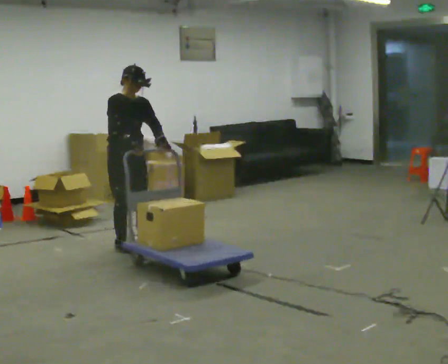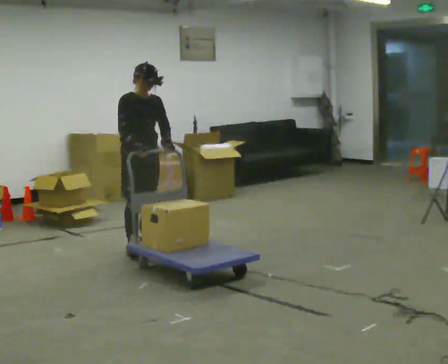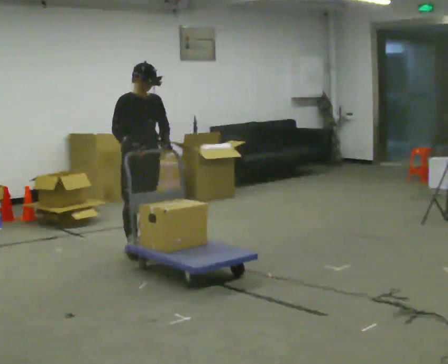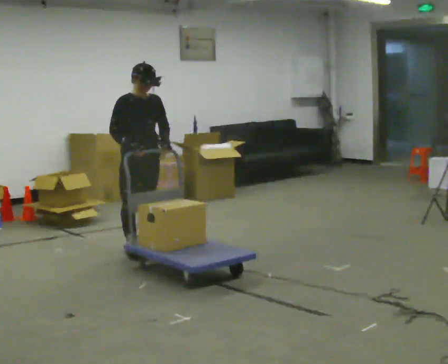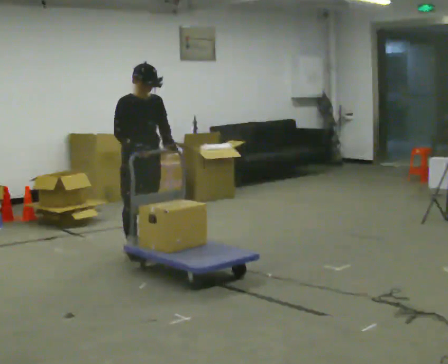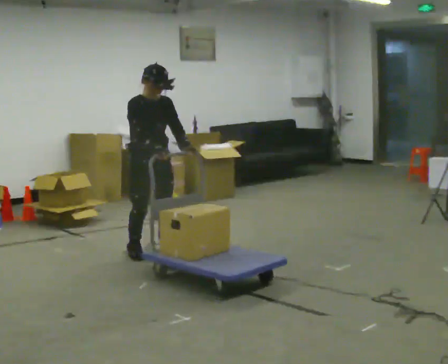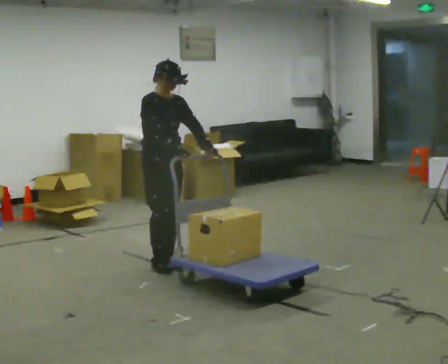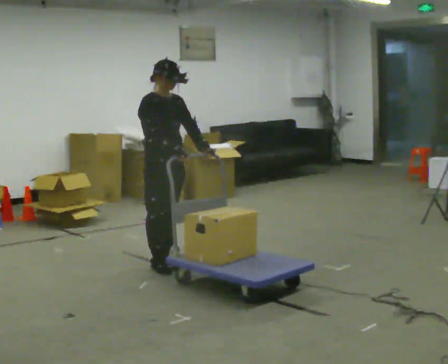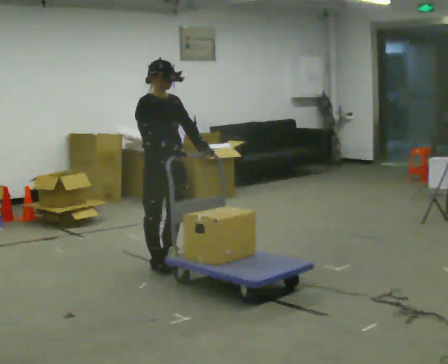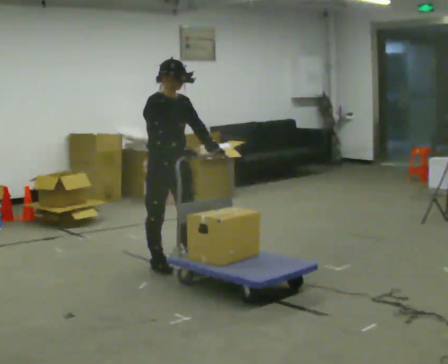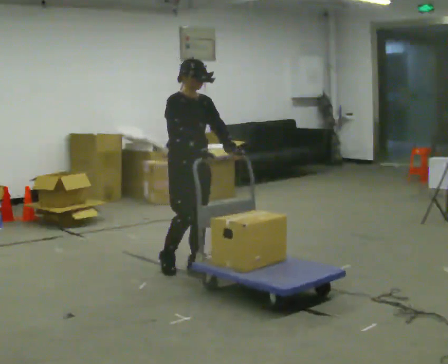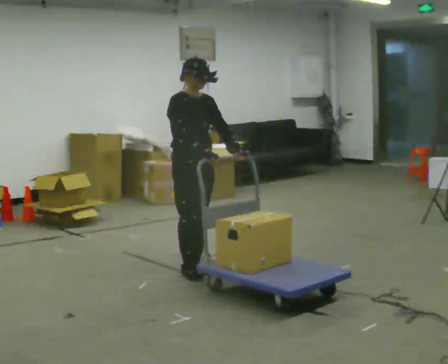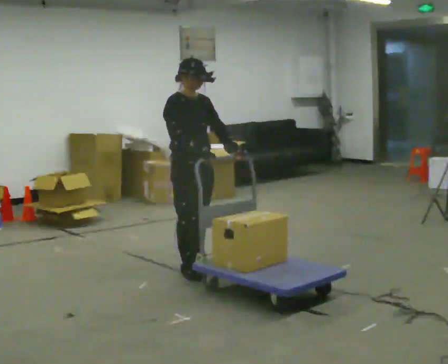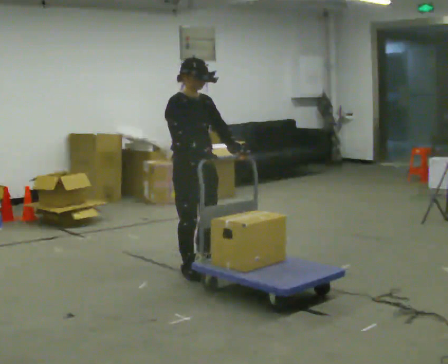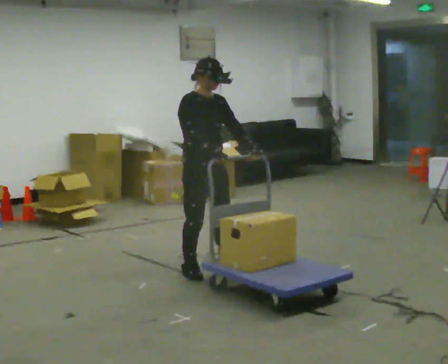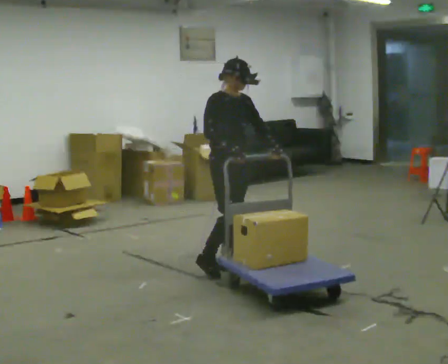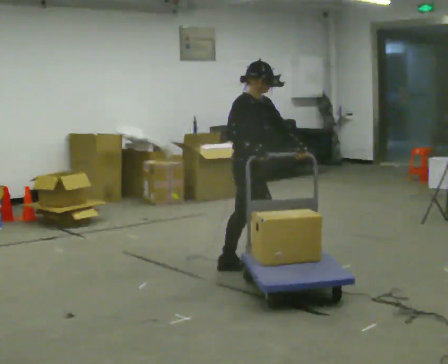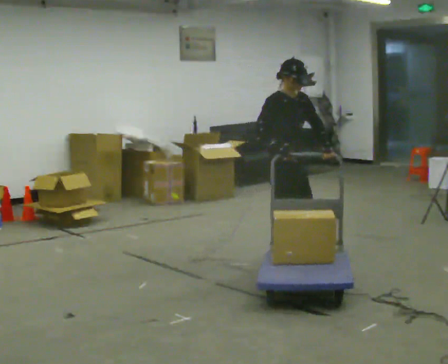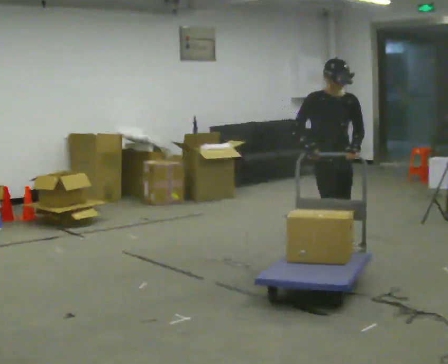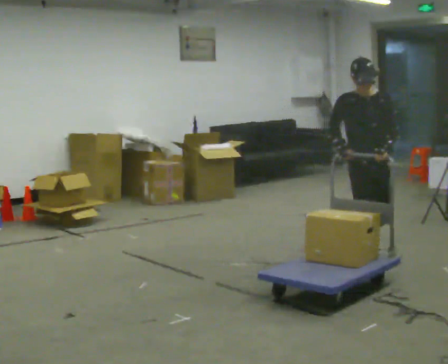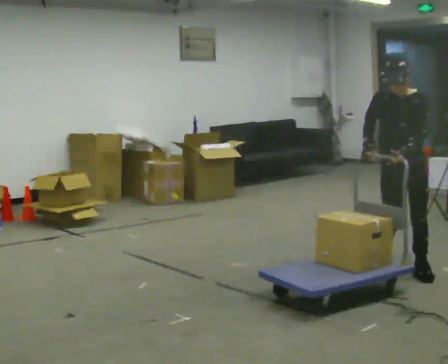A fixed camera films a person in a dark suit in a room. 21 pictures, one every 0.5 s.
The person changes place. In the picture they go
to the right.
0.0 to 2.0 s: In the picture they go toward the camera, about 0.25 m in 2 steps, which for them is forward.
2.0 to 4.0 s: In the picture they go toward the camera and to the right, about 0.5 m in 2 steps, which for them is forward.
4.0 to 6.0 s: In the picture they go to the right, about 0.25 m in 2 steps, which for them is forward.
6.0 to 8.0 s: The person turns about 30 degrees to their left, counterclockwise seen from above, so the part of the body nearest the lens slides to the right. In the picture they go to the right, about 0.5 m in 1 step, which for them is to their left and forward.
8.0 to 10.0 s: The part of the body nearest the lens slides to the left as the person turns to their right by about 90 degrees. In the picture they go to the right, about 1 m in 4 steps.
The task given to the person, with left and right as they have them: Stand still with your hands on the cart. When the operator says go, get it moving, push it a few metres, then bring it to a stop. Repeat until the operator says stop.
The film runs forward here.
